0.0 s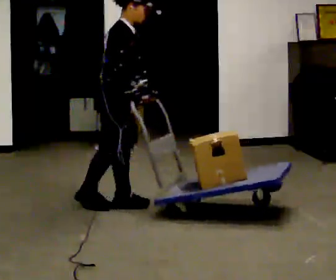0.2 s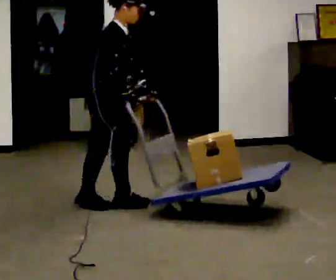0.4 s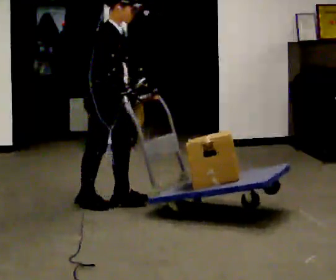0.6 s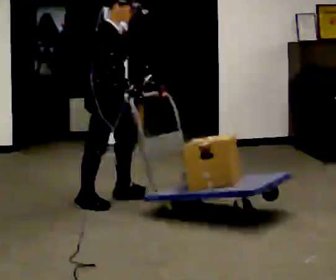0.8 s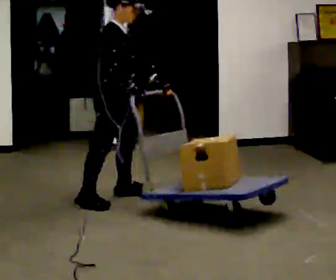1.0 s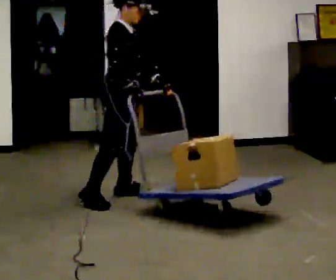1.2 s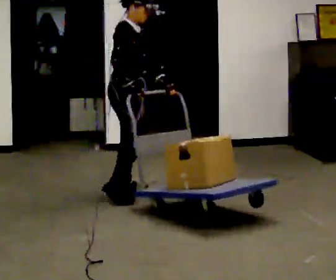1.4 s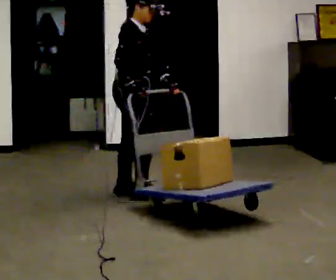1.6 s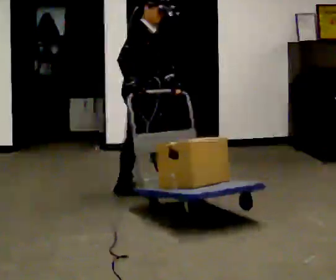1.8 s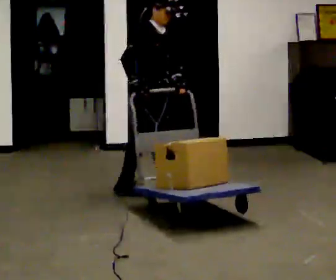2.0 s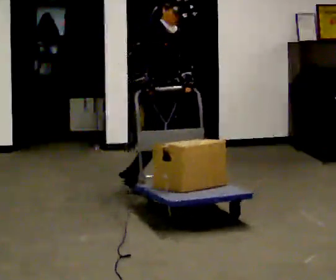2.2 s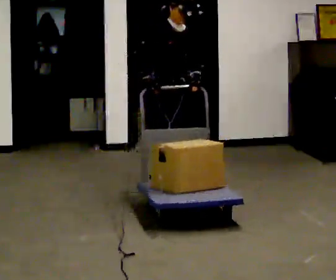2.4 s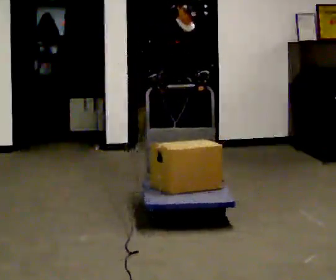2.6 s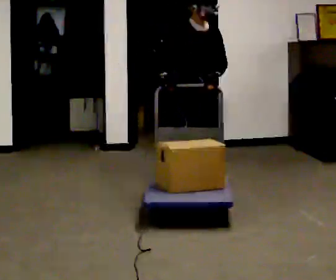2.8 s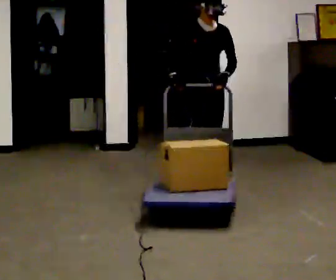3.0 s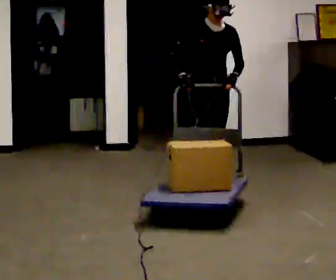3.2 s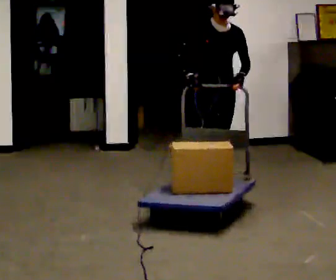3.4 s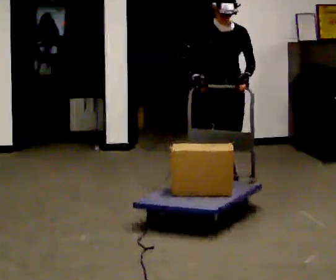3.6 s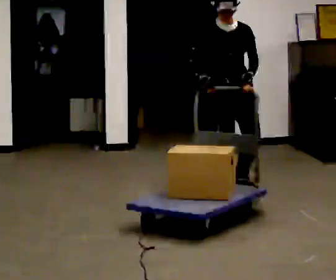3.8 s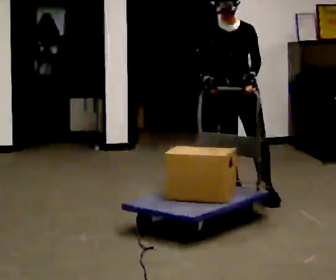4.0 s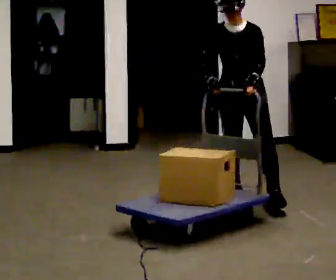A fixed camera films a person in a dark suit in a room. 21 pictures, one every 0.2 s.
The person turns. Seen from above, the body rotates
clockwise.
The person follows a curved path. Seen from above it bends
clockwise.
0.0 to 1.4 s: In the picture they go away from the camera, about 0.25 m in 2 steps, which for them is to their left.
1.4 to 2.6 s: The part of the body nearest the lens slides to the left as the person turns to their right by about 45 degrees. In the picture they go to the right, about 0.5 m in 2 steps, which for them is forward and to their left.
2.6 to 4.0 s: Seen from above the body turns clockwise, about 45 degrees: to their right, with its near side sliding to the left. In the picture they go toward the camera and to the right, about 0.5 m in 1 step, which for them is forward.
The film runs forward here.
